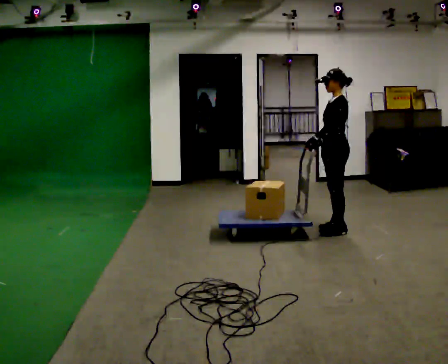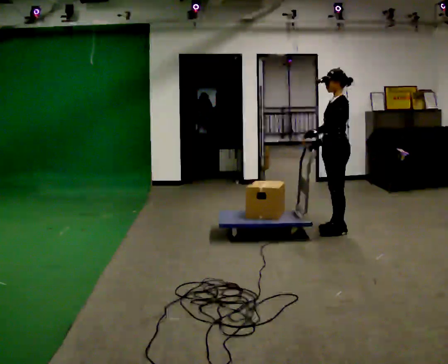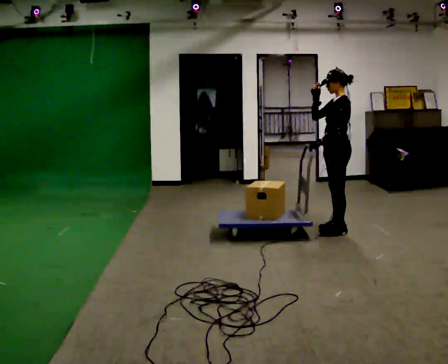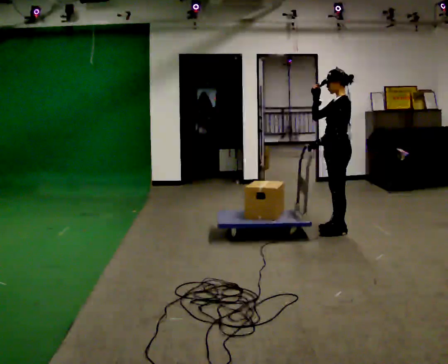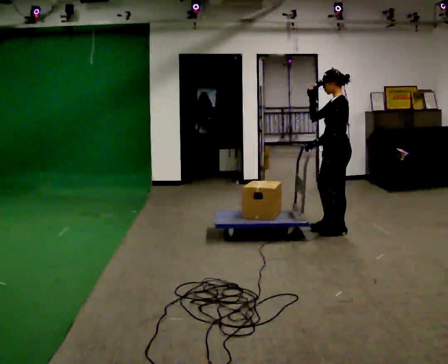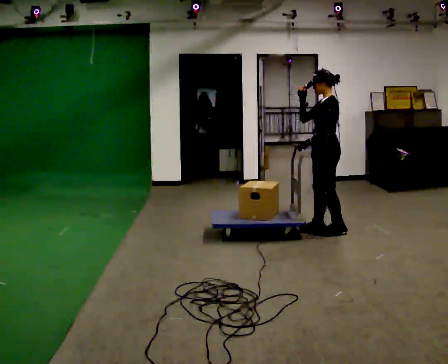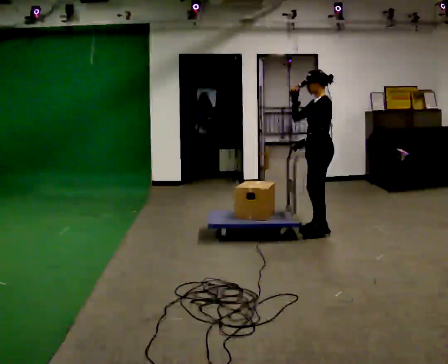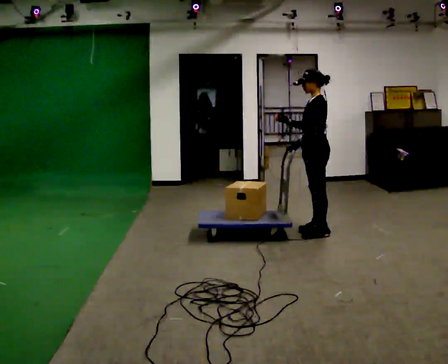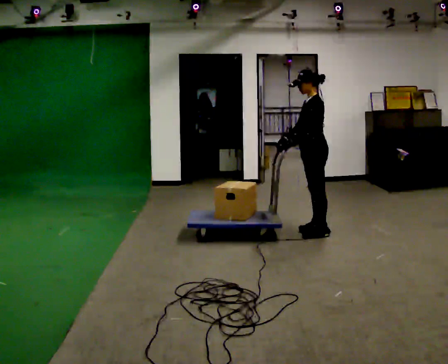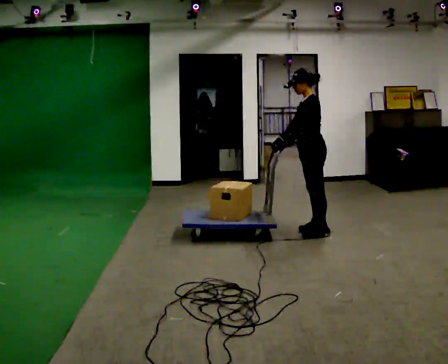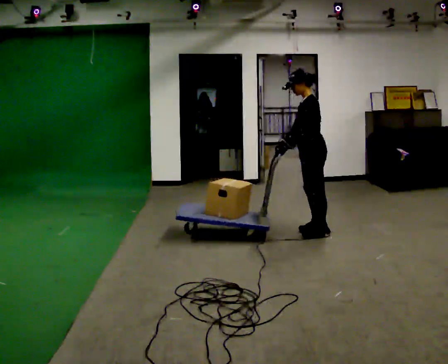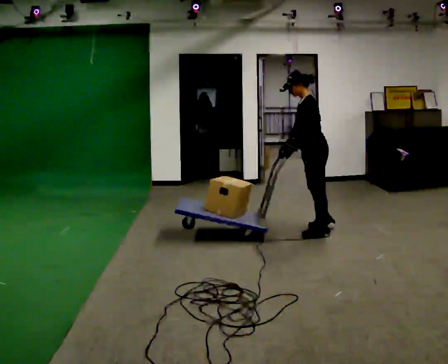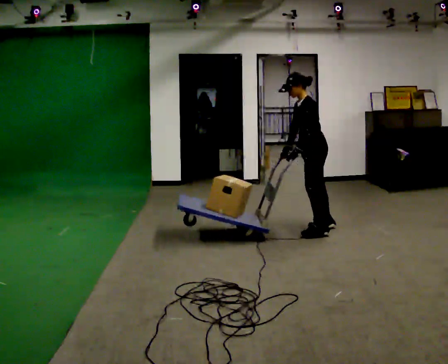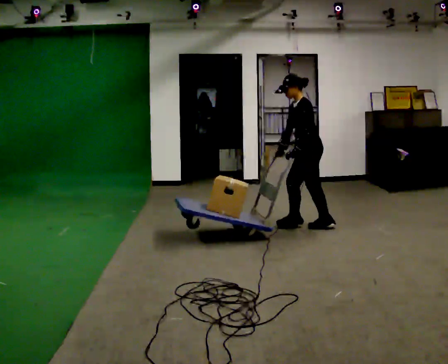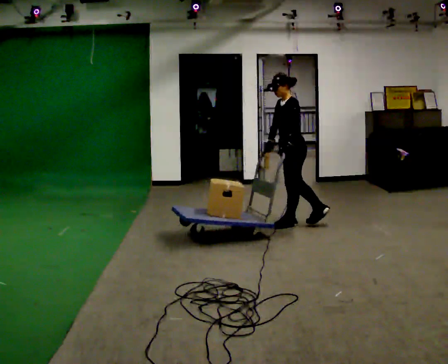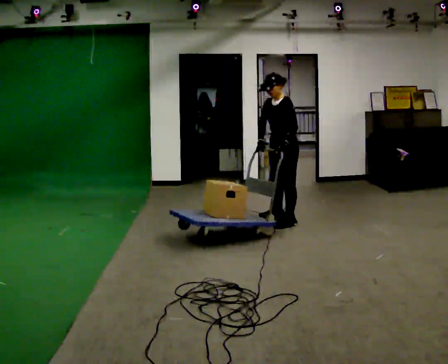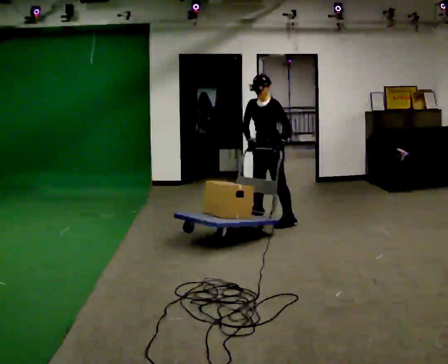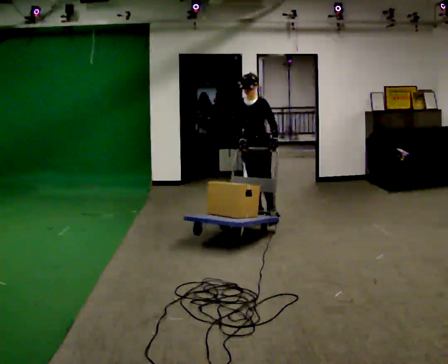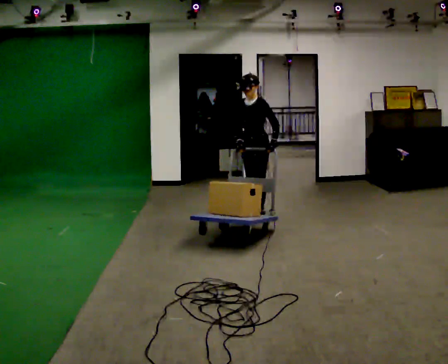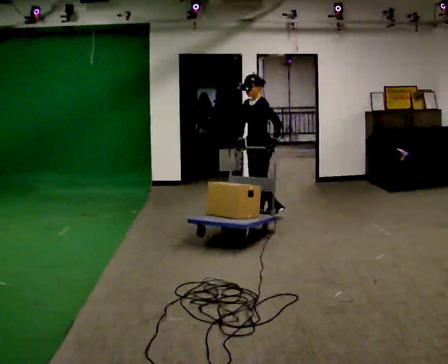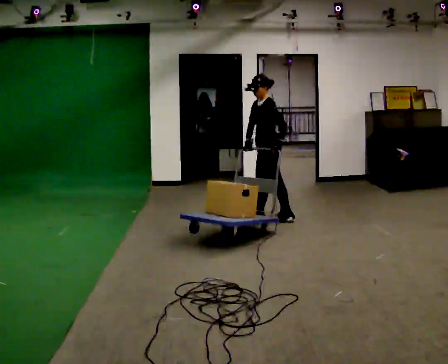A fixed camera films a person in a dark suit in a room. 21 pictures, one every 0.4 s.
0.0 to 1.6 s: In the picture their right hand goes upward.
1.6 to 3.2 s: In the picture they go to the left, about 0.25 m in 1 step, which for them is forward. In the picture their right hand goes downward.
3.2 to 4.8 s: In the picture they go away from the camera, about 0.25 m in 1 step, which for them is to their right. In the picture the upper body tilts counterclockwise, shoulders to the left, as they bend forward.
4.8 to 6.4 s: Seen from above the body turns counterclockwise, about 45 degrees: to their left, with its near side sliding to the right. In the picture they go to the left and away from the camera, about 0.5 m in 2 steps, which for them is to their right and forward.
6.4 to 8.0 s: The person turns about 30 degrees to their right, clockwise seen from above, so the part of the body nearest the lens slides to the left.
The film runs backward here.
